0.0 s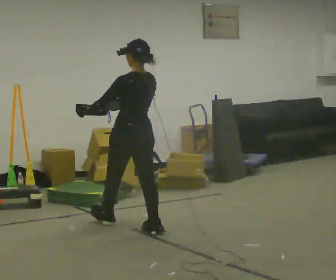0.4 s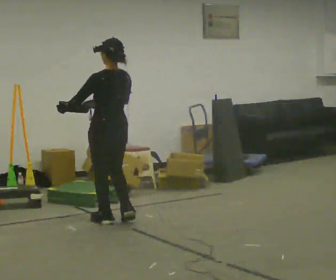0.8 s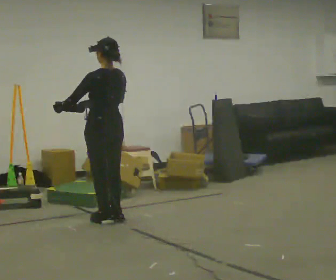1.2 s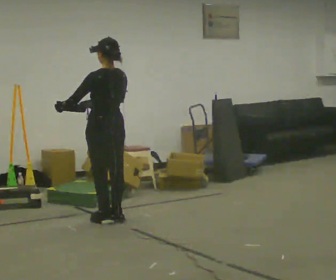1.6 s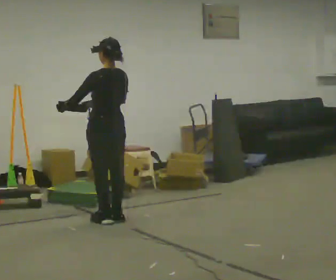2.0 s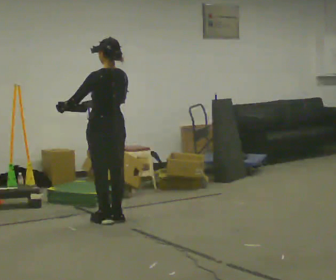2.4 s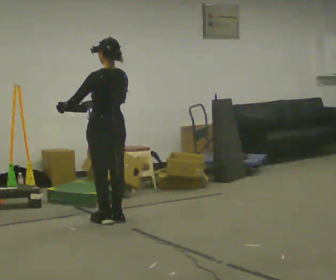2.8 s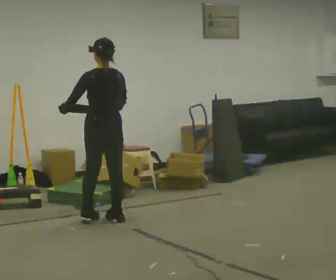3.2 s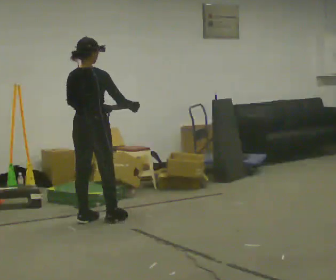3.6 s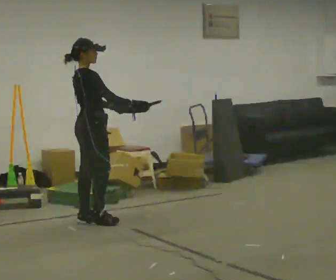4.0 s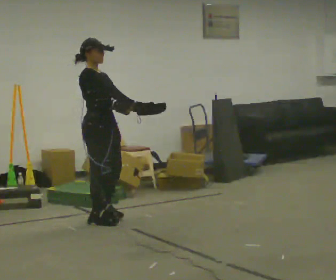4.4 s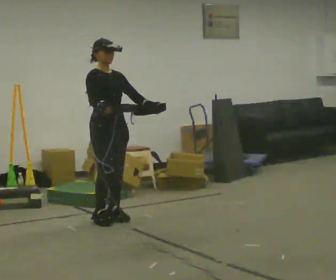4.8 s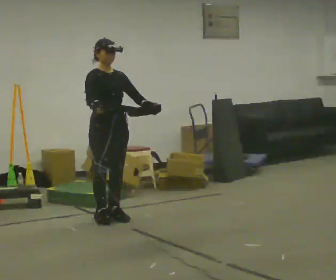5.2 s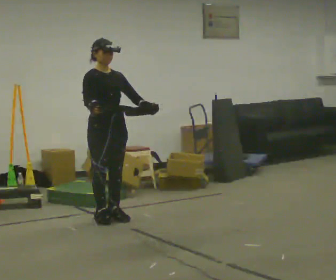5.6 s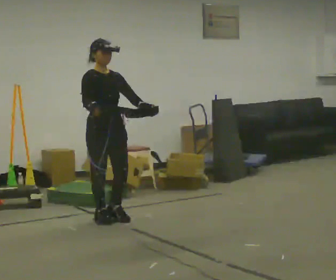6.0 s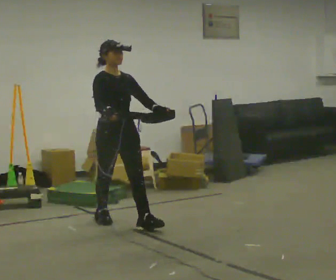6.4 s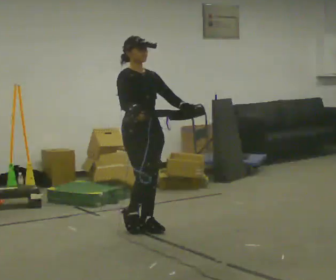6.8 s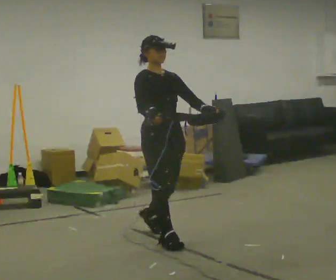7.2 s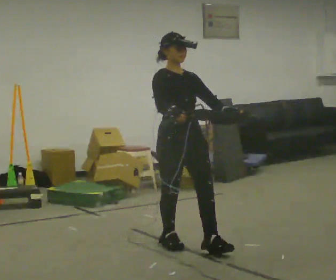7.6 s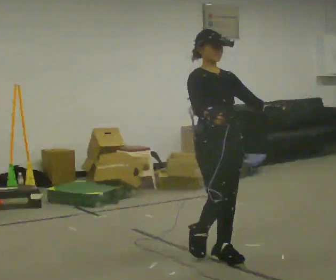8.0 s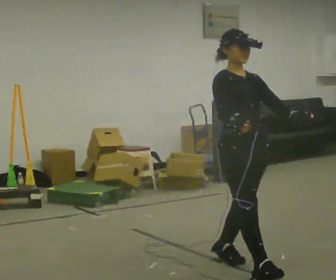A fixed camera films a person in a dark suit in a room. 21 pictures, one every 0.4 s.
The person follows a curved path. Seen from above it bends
counterclockwise.
The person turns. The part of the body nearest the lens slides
to the left.
0.0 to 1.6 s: In the picture they go away from the camera and to the left, about 0.5 m in 2 steps, which for them is forward.
1.6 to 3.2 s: The part of the body nearest the lens slides to the left as the person turns to their right by about 60 degrees. In the picture they go to the left, about 0.25 m in 1 step, which for them is to their left.
3.2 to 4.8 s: The part of the body nearest the lens slides to the left as the person turns to their right by about 120 degrees. In the picture their right hand goes to the left.
4.8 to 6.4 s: In the picture they go toward the camera and to the right, about 0.5 m in 1 step, which for them is forward.
6.4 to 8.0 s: In the picture they go toward the camera and to the right, about 1.5 m in 3 steps, which for them is forward.
The film runs forward here.
